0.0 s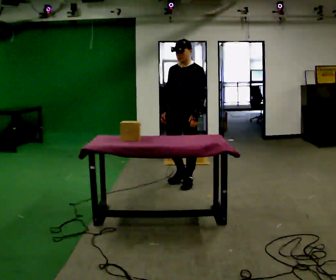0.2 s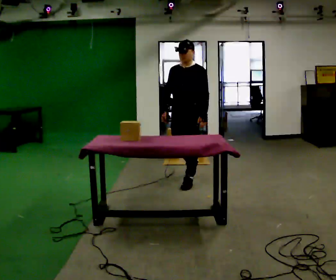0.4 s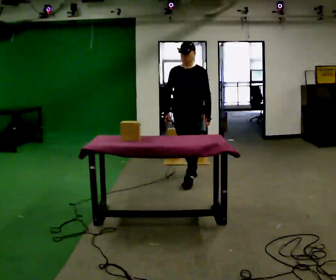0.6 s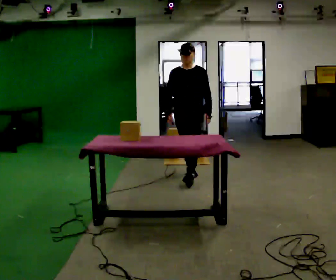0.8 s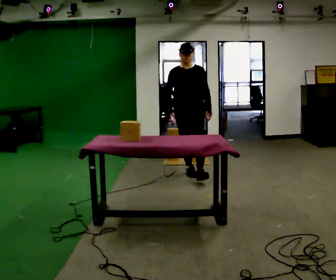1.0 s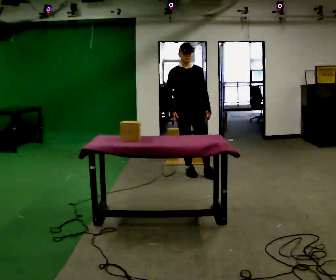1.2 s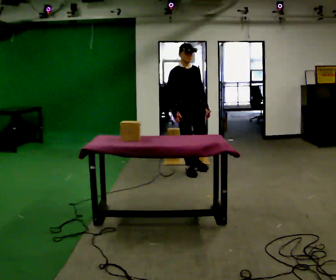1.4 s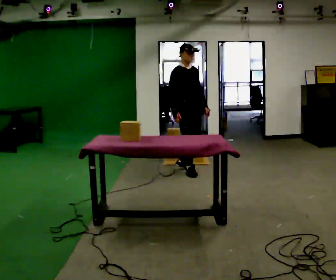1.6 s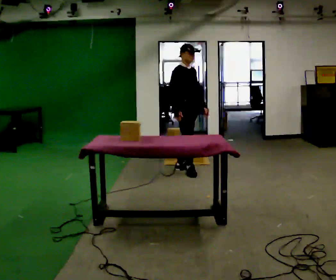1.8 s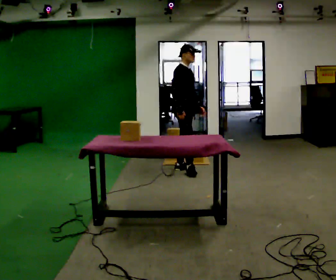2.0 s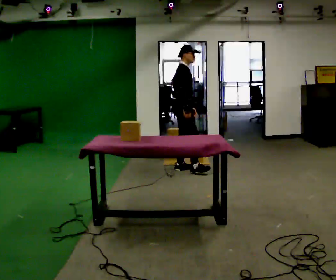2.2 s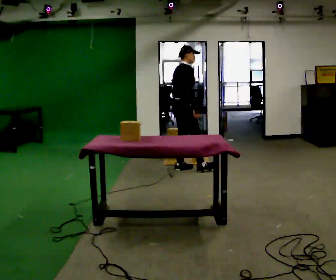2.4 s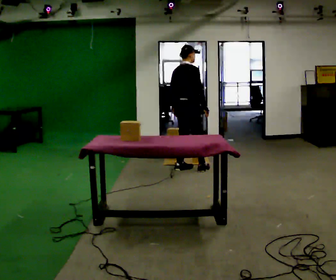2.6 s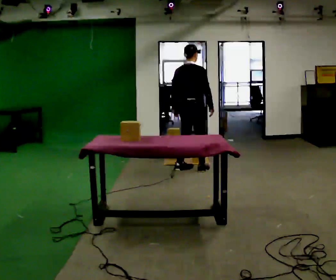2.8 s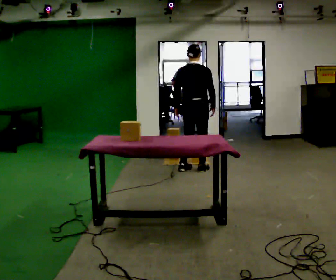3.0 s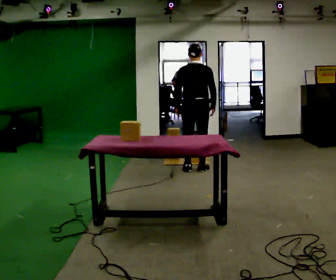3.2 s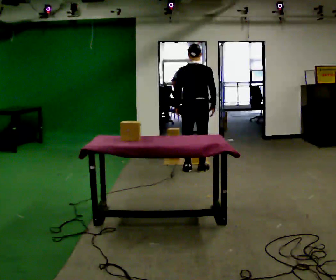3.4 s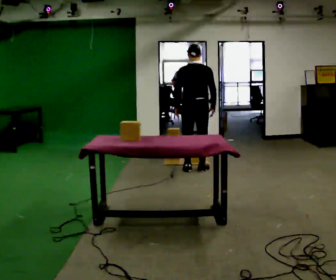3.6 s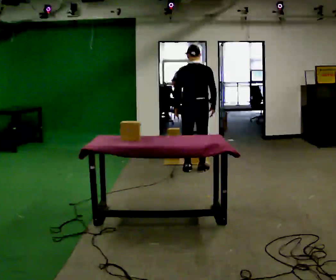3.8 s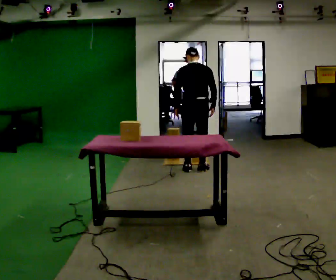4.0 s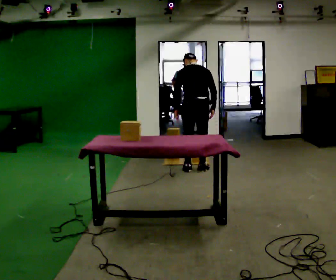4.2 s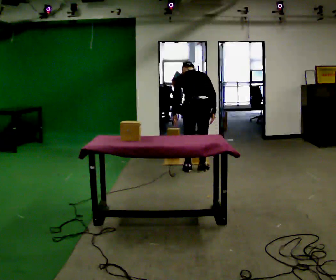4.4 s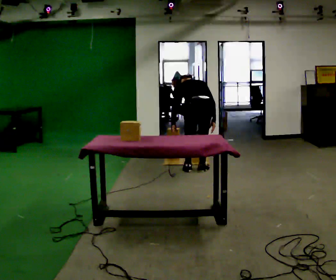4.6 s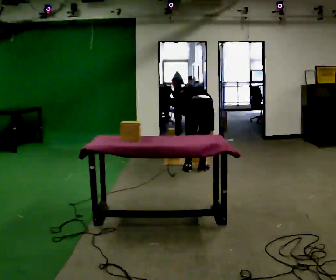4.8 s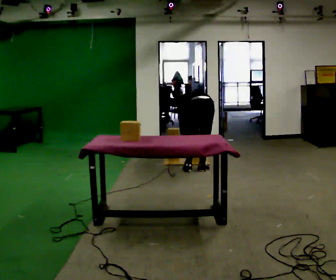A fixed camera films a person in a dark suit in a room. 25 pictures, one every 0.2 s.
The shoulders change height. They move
downward.
The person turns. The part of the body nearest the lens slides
to the right.
0.0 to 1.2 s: The person turns about 60 degrees to their left, counterclockwise seen from above, so the part of the body nearest the lens slides to the right. In the picture they go away from the camera, about 0.5 m in 1 step, which for them is backward.
1.2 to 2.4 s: Seen from above the body turns counterclockwise, about 105 degrees: to their left, with its near side sliding to the right. In the picture they go away from the camera, about 0.25 m. In the picture their left hand goes to the left, the arm swinging clockwise.
2.4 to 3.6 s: The person turns about 45 degrees to their left, counterclockwise seen from above, so the part of the body nearest the lens slides to the right.
3.6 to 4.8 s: The shoulders move downward. The upper body tips away from the camera, its near side rolling upward, as they bend forward. In the picture their left hand goes downward.
The film runs backward here.
